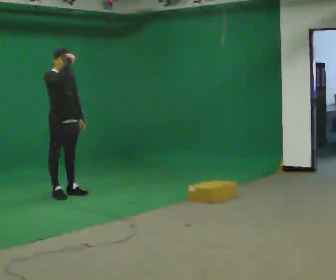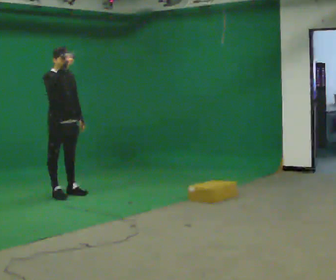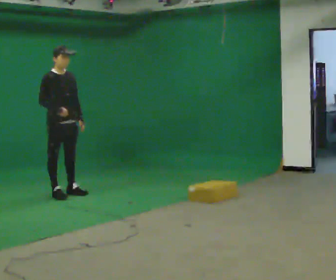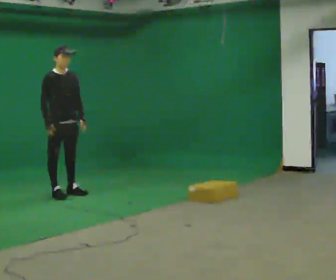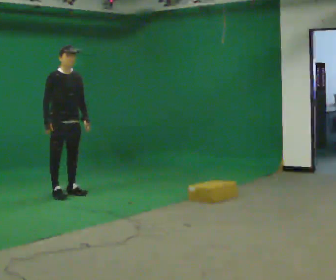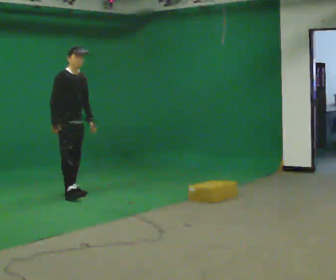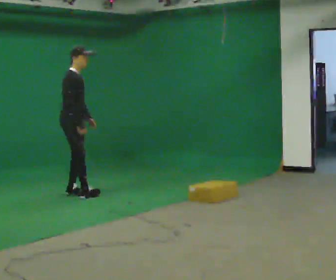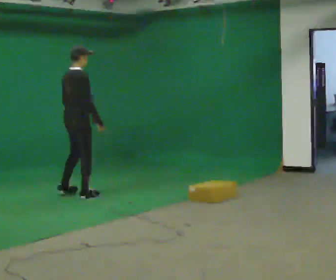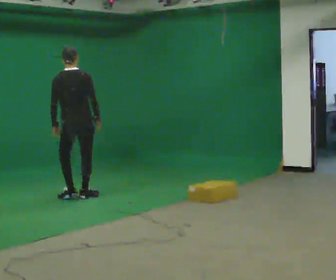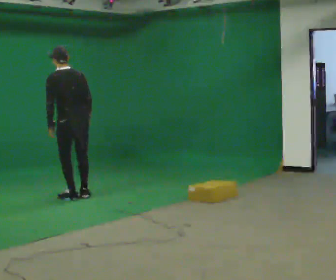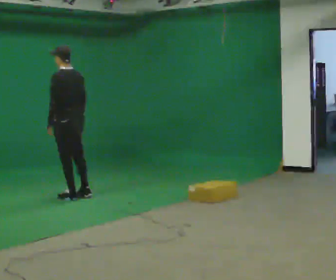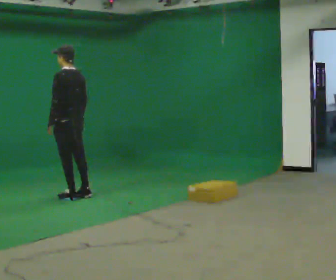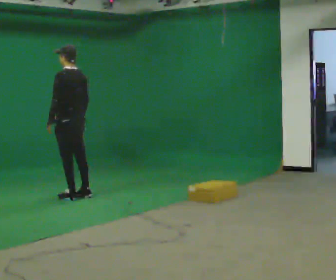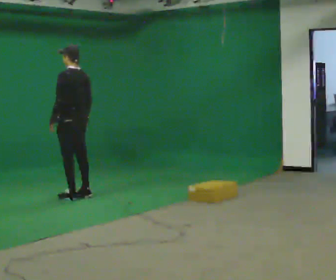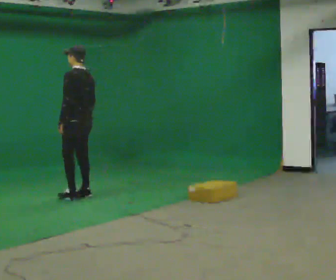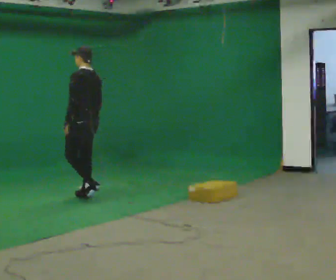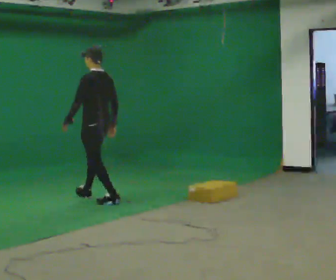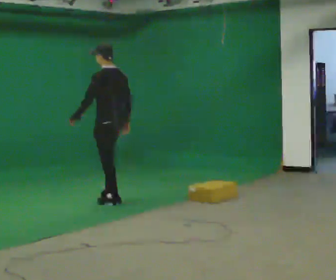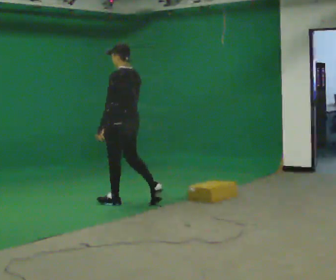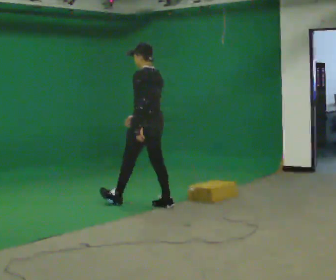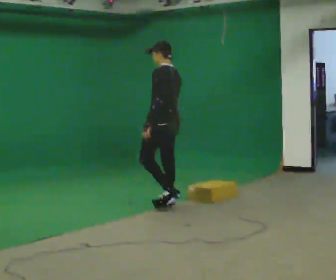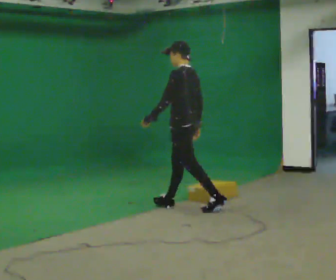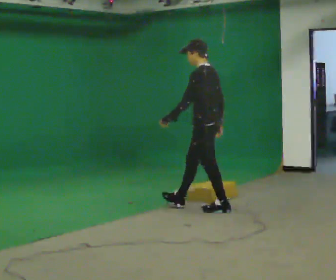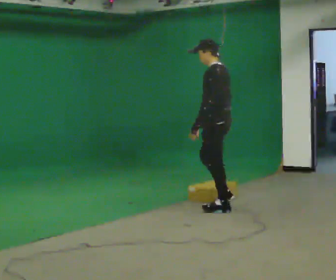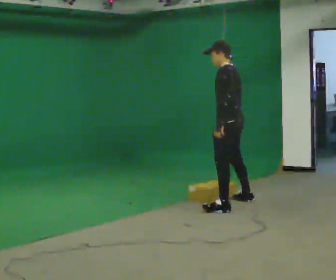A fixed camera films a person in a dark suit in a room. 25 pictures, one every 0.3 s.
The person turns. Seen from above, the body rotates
counterclockwise.
The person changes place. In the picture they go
to the right.
0.0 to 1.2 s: In the picture their right hand goes downward.
1.2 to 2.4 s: Seen from above the body turns counterclockwise, about 120 degrees: to their left, with its near side sliding to the right. In the picture they go to the right, about 0.25 m in 2 steps. In the picture their right hand goes to the right, the arm swinging counterclockwise.
2.4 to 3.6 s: Seen from above the body turns counterclockwise, about 60 degrees: to their left, with its near side sliding to the right.
3.6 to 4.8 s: In the picture they go to the right and toward the camera, about 0.25 m in 1 step, which for them is backward.
4.8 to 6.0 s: In the picture they go to the right and toward the camera, about 1 m in 2 steps, which for them is backward.
6.0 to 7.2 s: In the picture they go to the right, about 0.75 m in 1 step, which for them is backward.
The film runs backward here.
